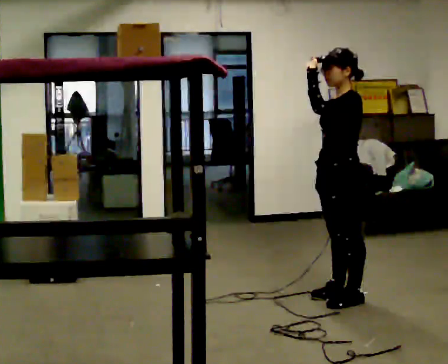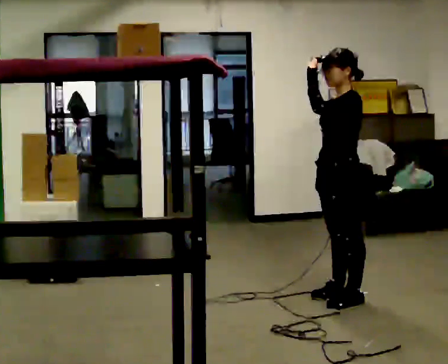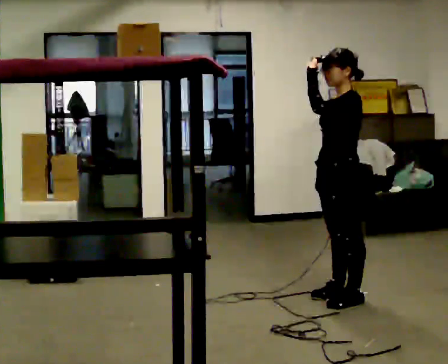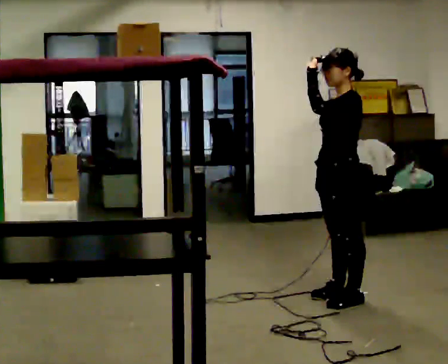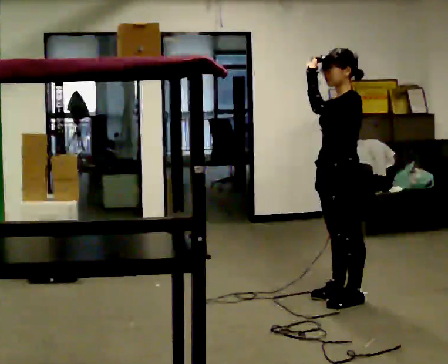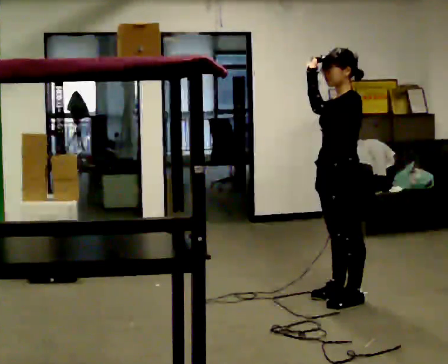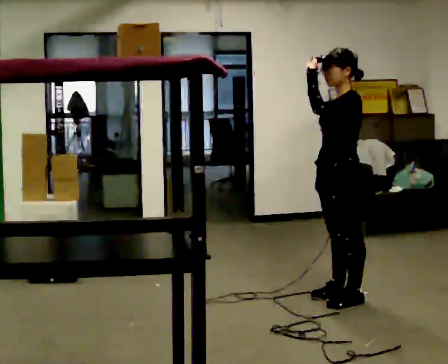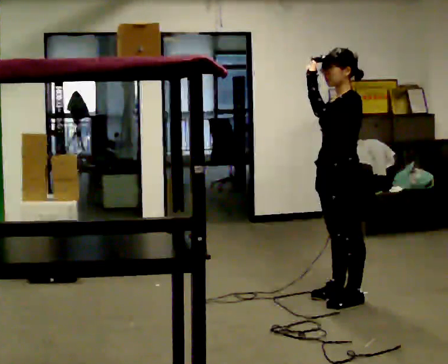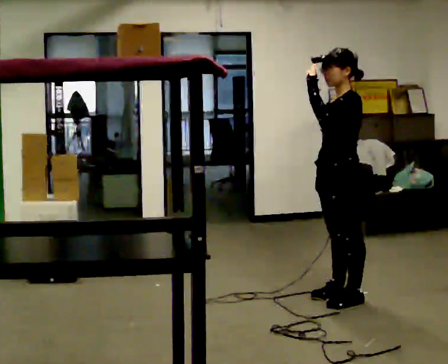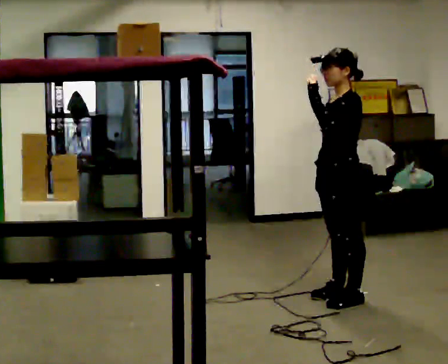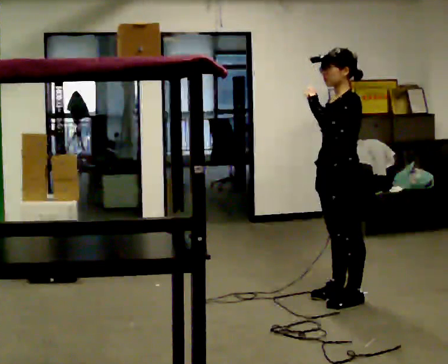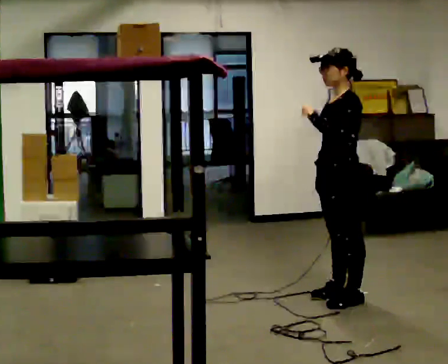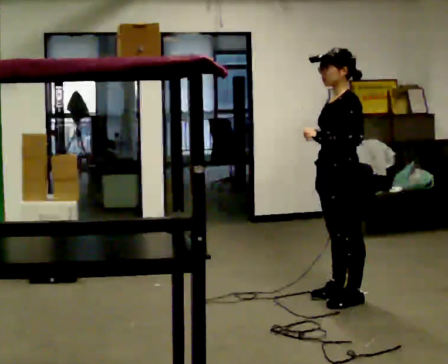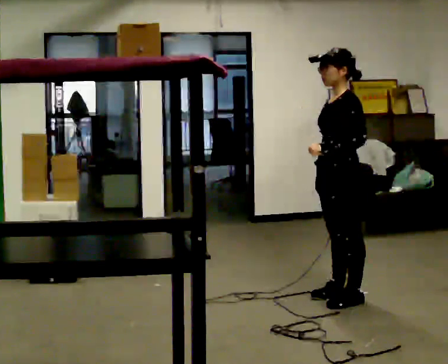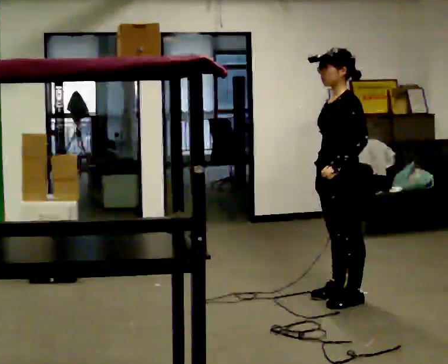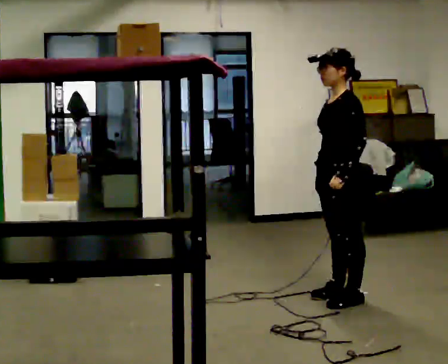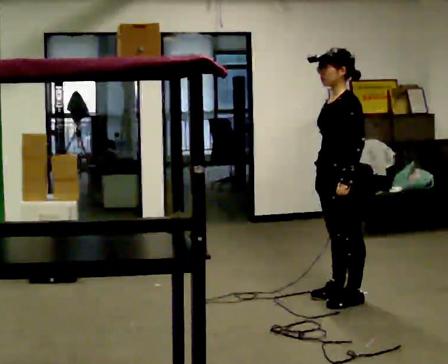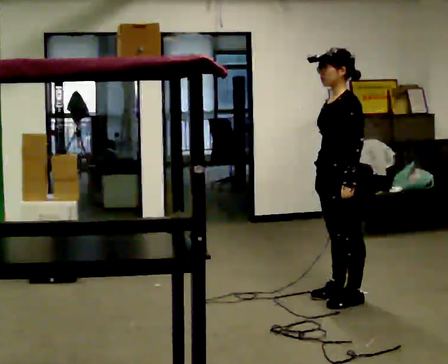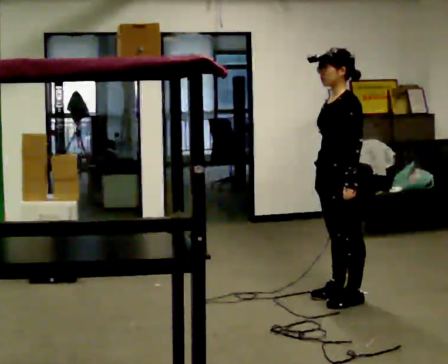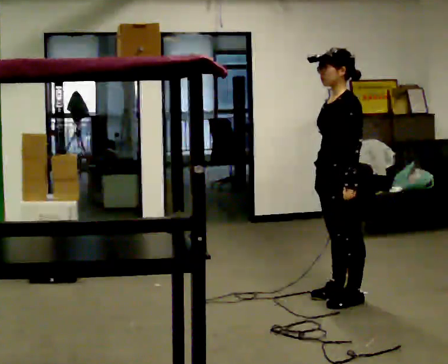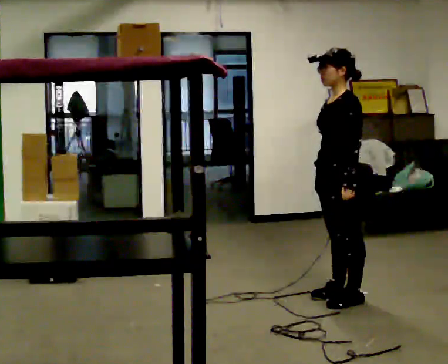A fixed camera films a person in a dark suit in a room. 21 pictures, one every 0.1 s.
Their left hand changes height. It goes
downward.
0.0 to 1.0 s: The person moves a little, or ends about where they began.
1.0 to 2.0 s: In the picture their left hand goes downward.
The film runs forward here.
